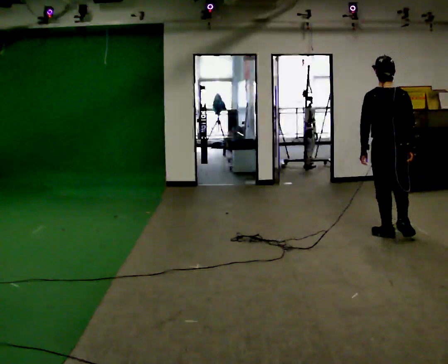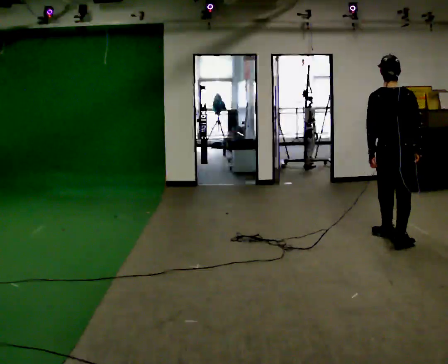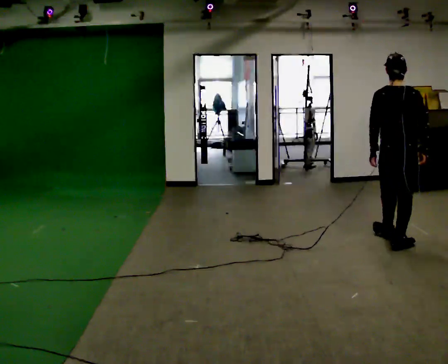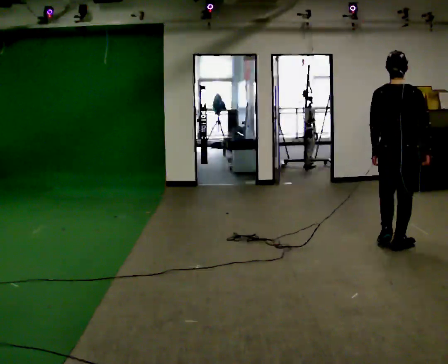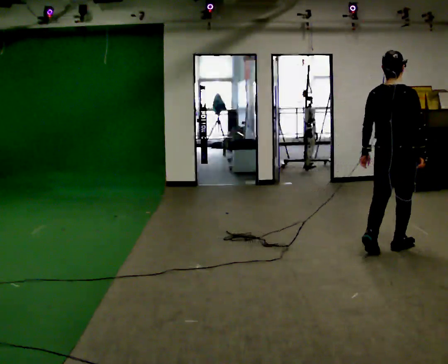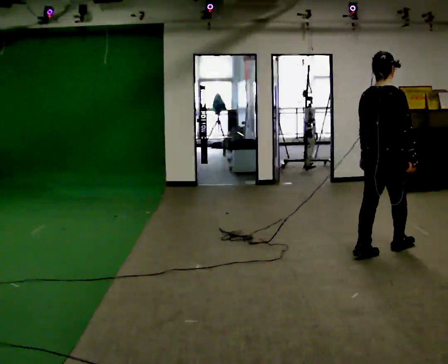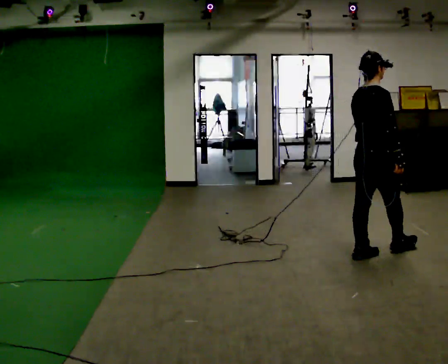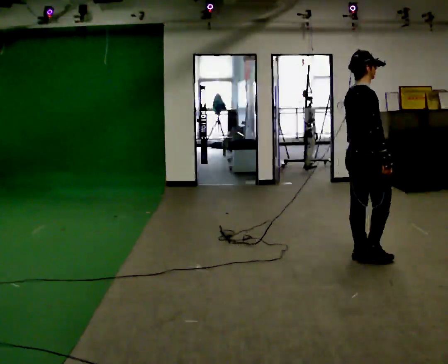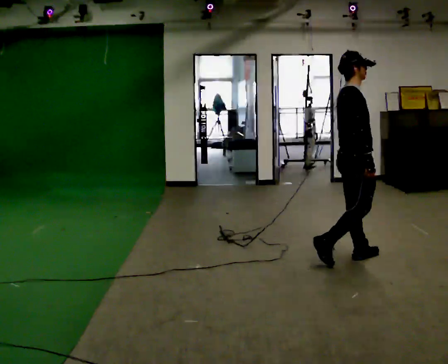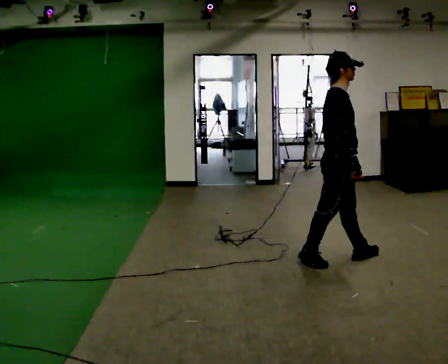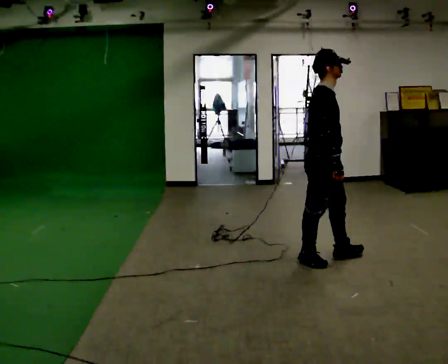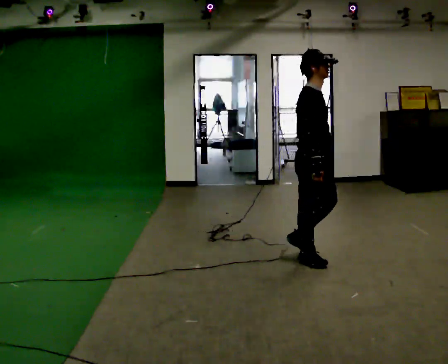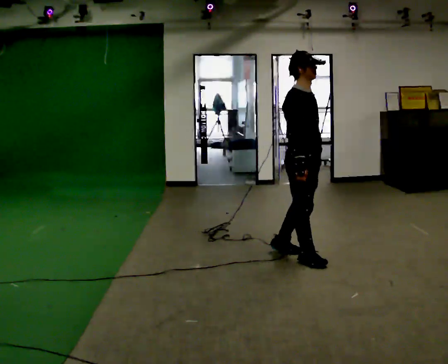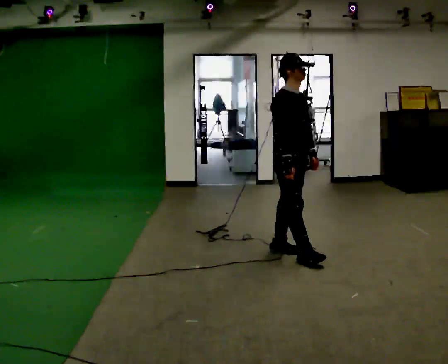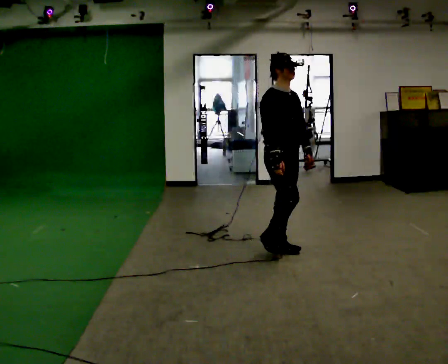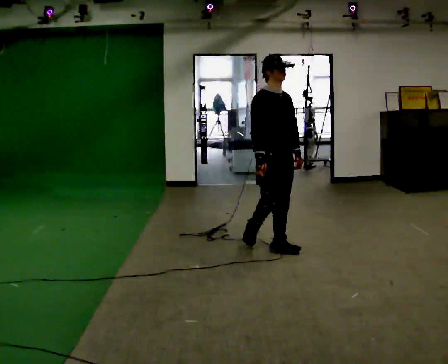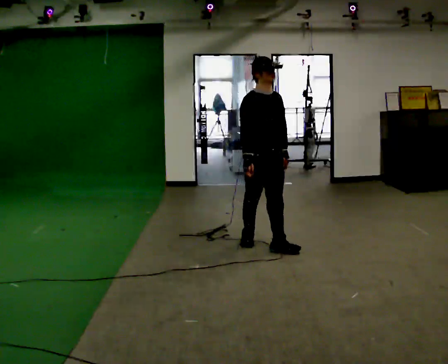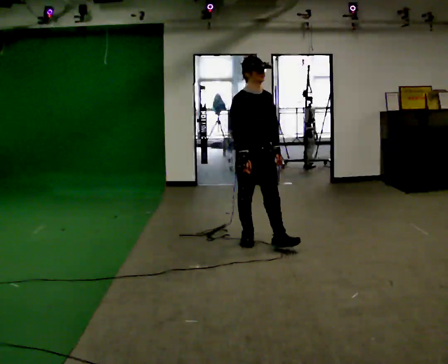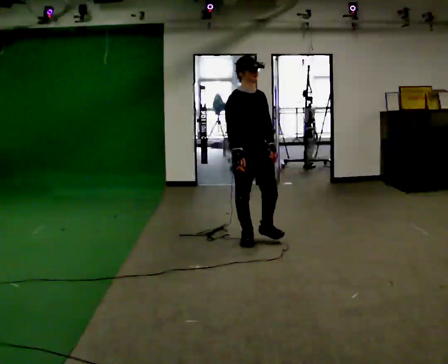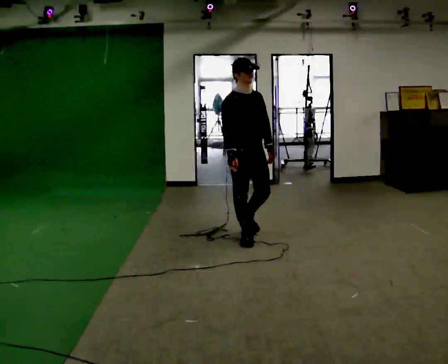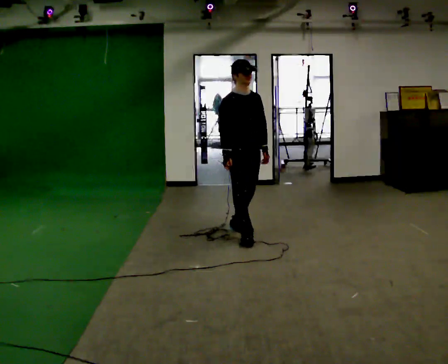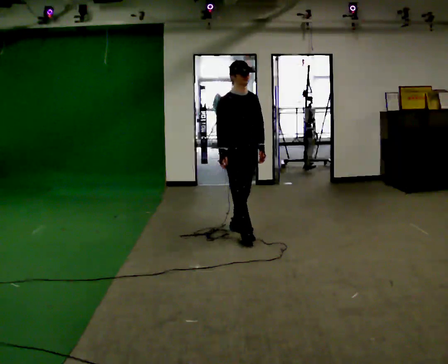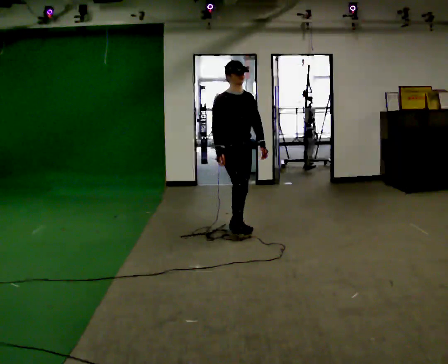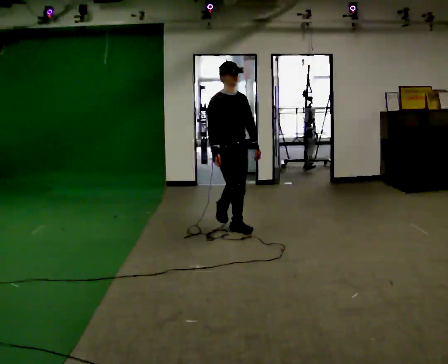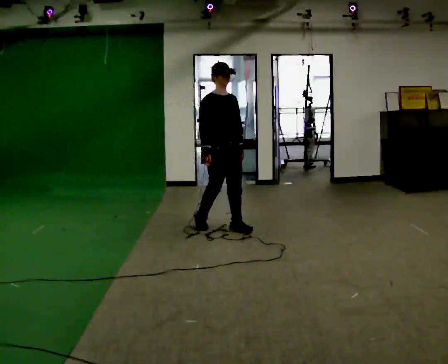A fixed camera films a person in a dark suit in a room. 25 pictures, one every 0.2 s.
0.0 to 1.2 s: Seen from above the body turns clockwise, about 60 degrees: to their right, with its near side sliding to the left. In the picture they go toward the camera, about 0.5 m in 2 steps, which for them is backward.
1.2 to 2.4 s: The part of the body nearest the lens slides to the left as the person turns to their right by about 60 degrees. In the picture they go to the left, about 0.5 m in 1 step, which for them is backward.
2.4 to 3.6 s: The person turns about 30 degrees to their right, clockwise seen from above, so the part of the body nearest the lens slides to the left. In the picture they go to the left and away from the camera, about 0.75 m in 2 steps, which for them is backward.
3.6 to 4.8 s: In the picture they go away from the camera and to the left, about 0.5 m in 1 step, which for them is backward.
The film runs backward here.
